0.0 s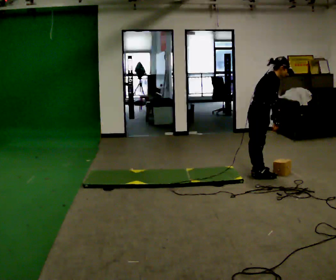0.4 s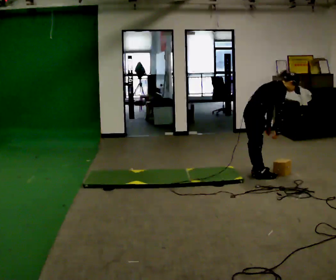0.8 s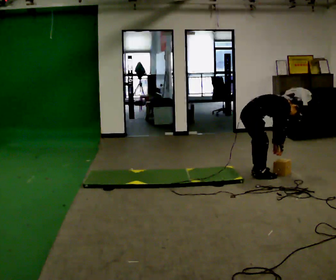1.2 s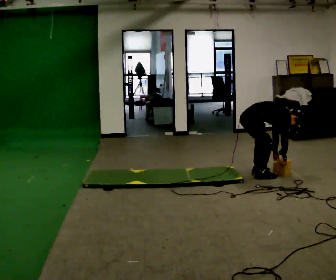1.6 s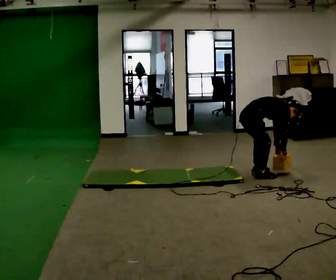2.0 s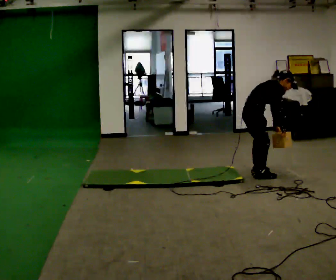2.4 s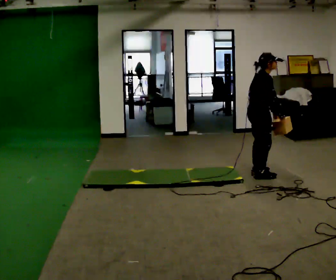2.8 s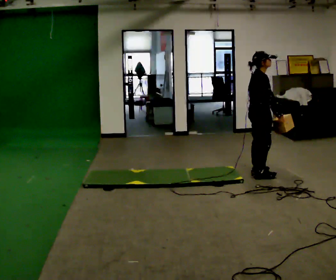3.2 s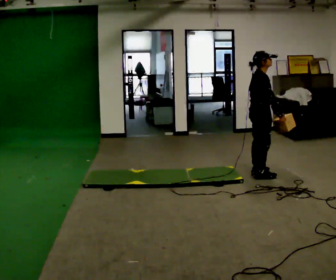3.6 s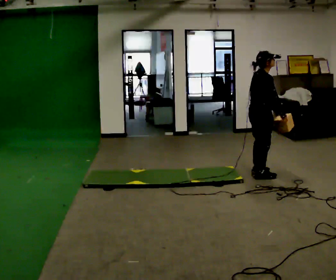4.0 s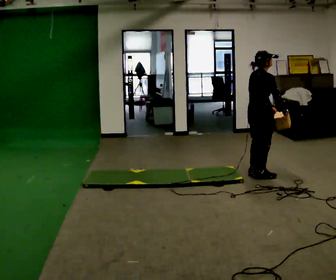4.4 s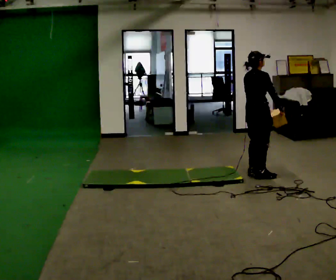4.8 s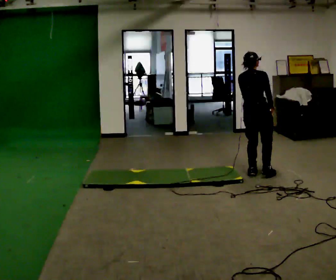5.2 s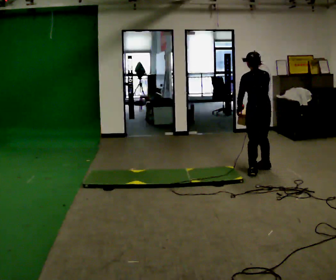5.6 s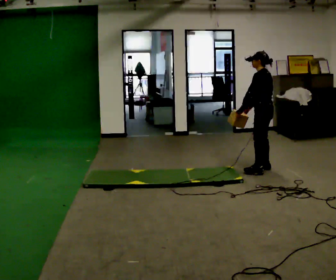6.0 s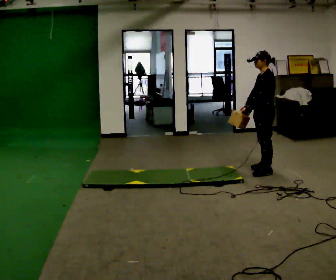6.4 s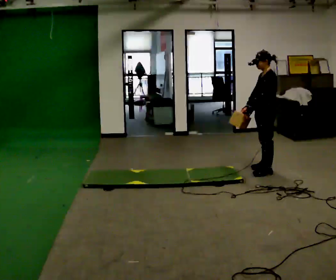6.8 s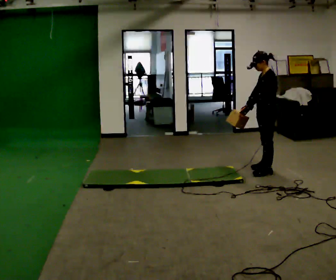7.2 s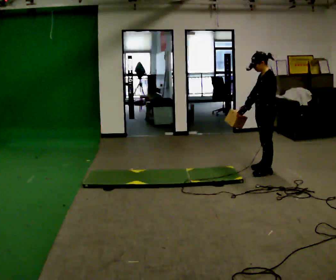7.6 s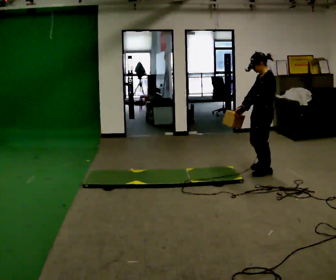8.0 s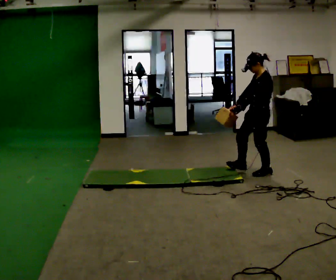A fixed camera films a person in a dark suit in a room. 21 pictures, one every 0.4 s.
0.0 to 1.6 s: In the picture the upper body tilts clockwise, shoulders to the right, as they bend forward. In the picture their left hand goes downward.
1.6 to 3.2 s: The shoulders move upward. In the picture the upper body tilts counterclockwise, shoulders to the left, as they lean back or straighten. In the picture their left hand goes upward.
3.2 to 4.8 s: The person turns about 60 degrees to their left, counterclockwise seen from above, so the part of the body nearest the lens slides to the right.
4.8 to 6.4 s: Seen from above the body turns counterclockwise, about 120 degrees: to their left, with its near side sliding to the right. In the picture they go to the right, about 0.25 m in 2 steps.
6.4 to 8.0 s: The person moves a little, or ends about where they began.
The film runs forward here.
